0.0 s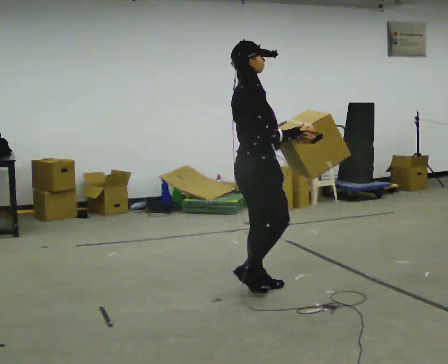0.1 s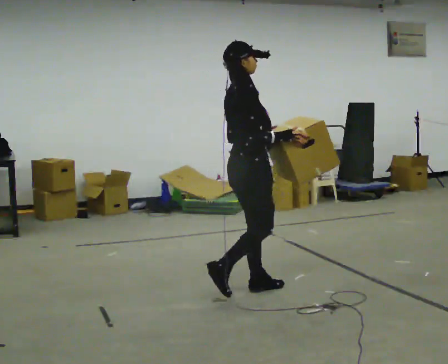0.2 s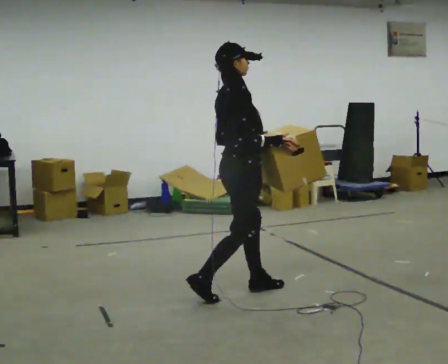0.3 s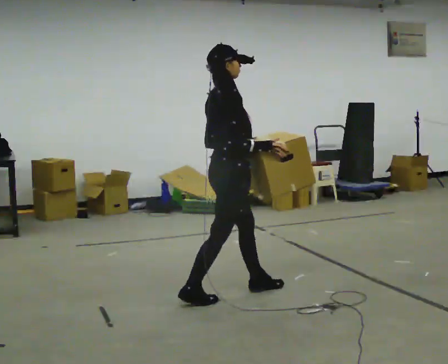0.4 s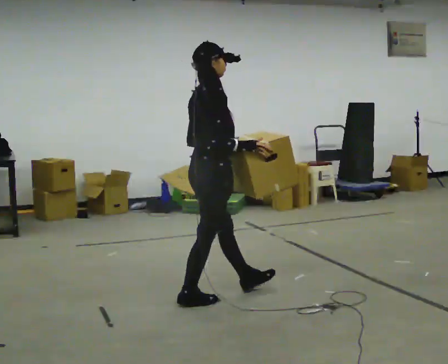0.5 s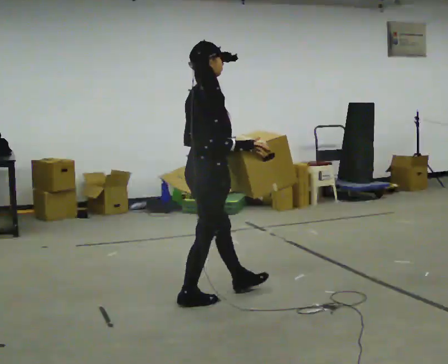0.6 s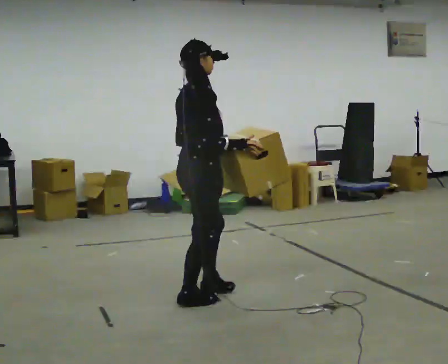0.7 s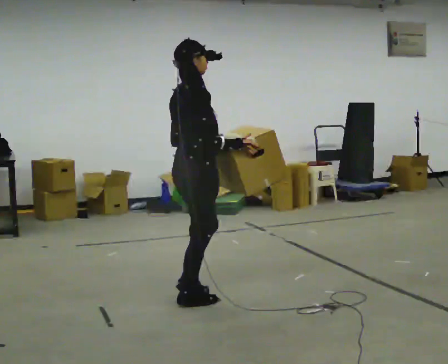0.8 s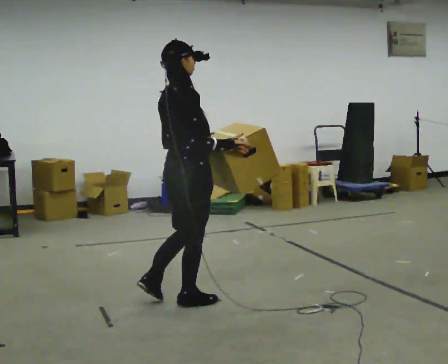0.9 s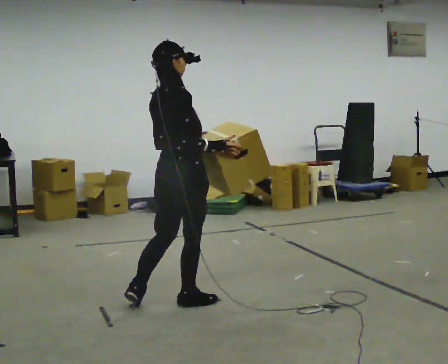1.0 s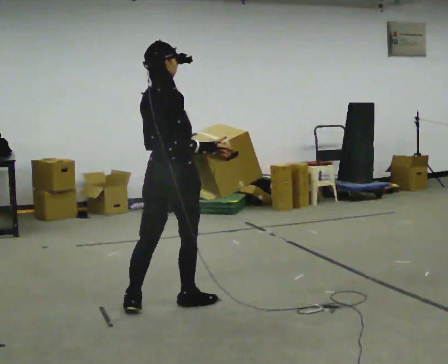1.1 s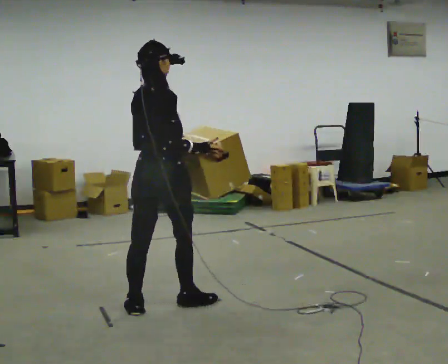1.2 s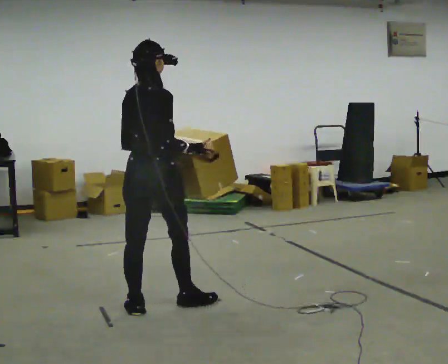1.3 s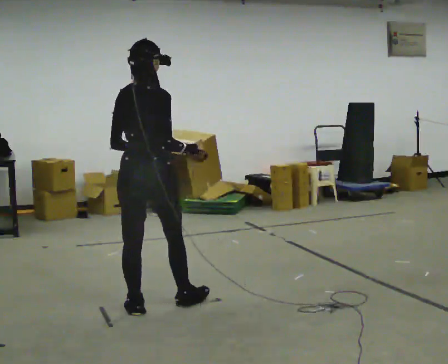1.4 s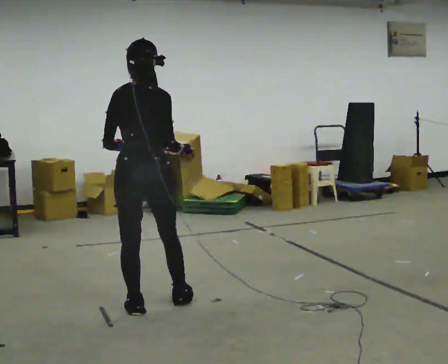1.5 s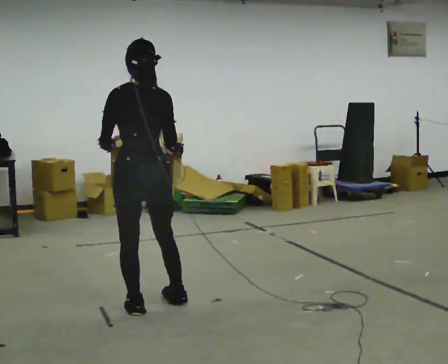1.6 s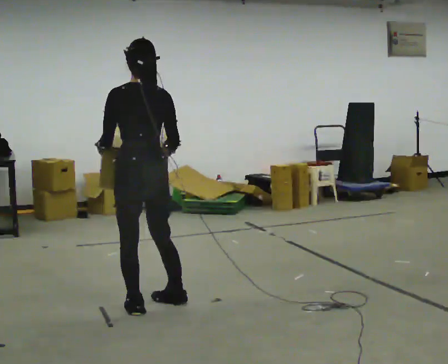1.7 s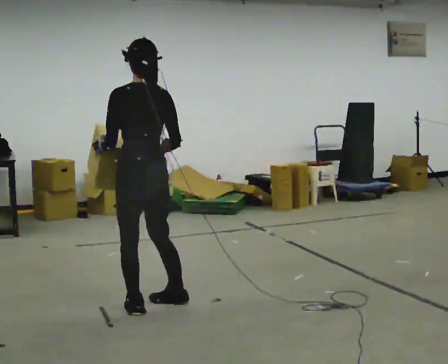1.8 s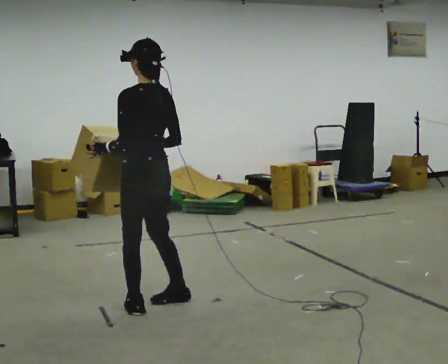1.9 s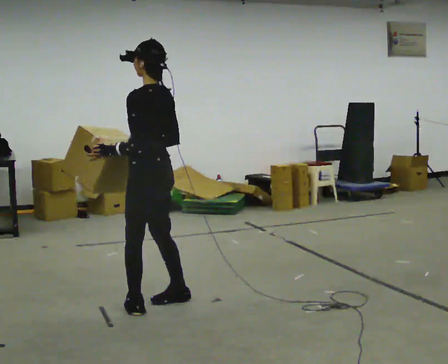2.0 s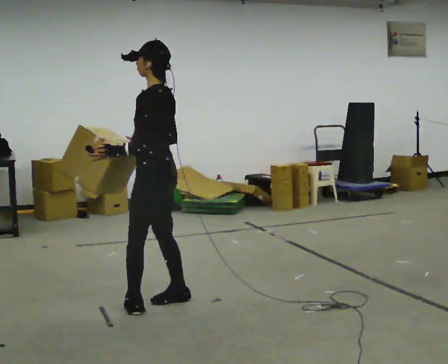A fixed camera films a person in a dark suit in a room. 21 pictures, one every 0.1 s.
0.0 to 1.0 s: The person turns about 30 degrees to their left, counterclockwise seen from above, so the part of the body nearest the lens slides to the right. In the picture they go to the left and toward the camera, about 0.5 m in 1 step, which for them is backward.
1.0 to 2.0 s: The part of the body nearest the lens slides to the right as the person turns to their left by about 120 degrees. In the picture their right hand goes to the left, the arm swinging clockwise.
The film runs backward here.
